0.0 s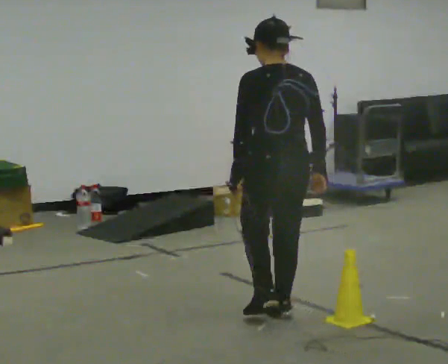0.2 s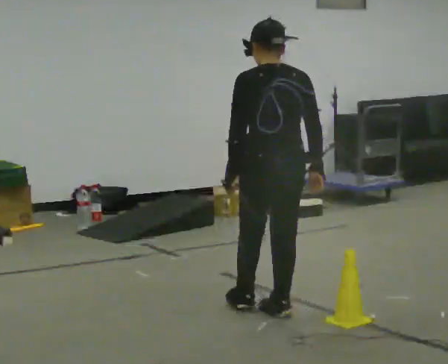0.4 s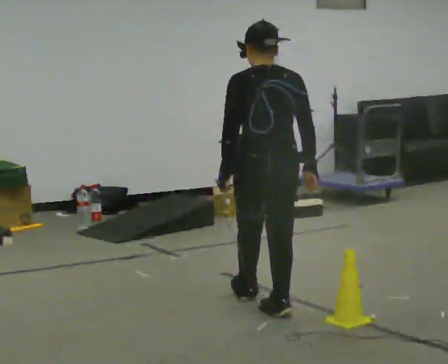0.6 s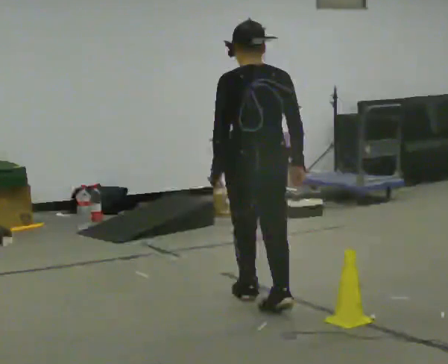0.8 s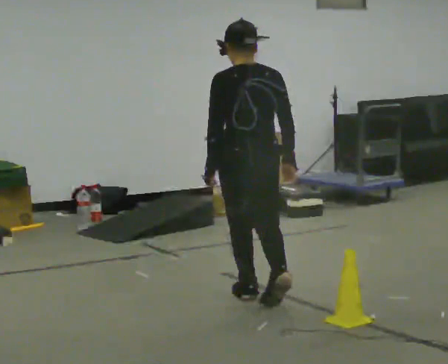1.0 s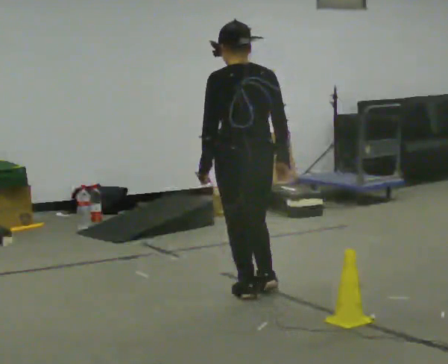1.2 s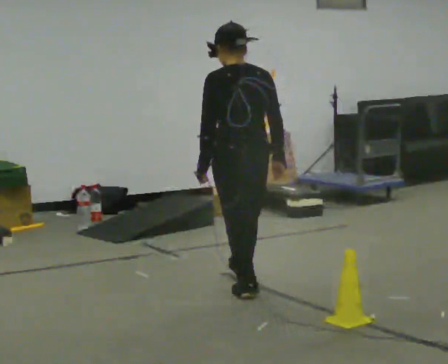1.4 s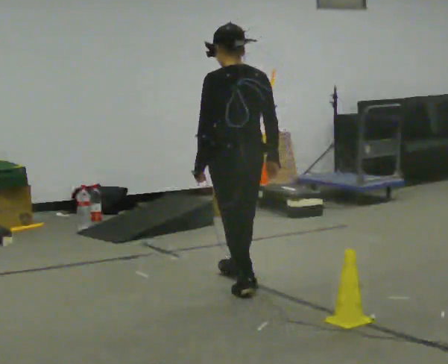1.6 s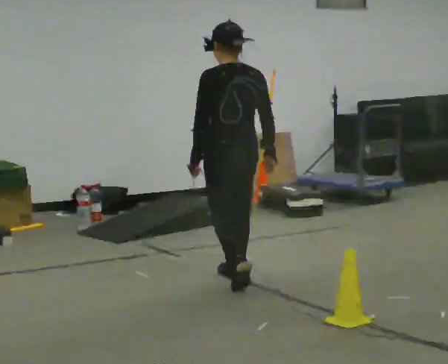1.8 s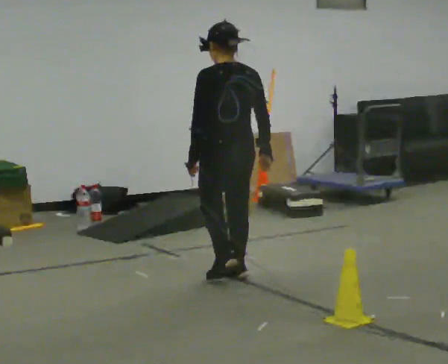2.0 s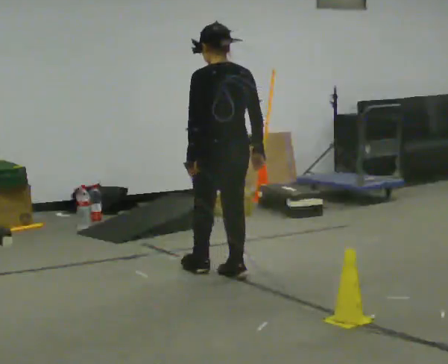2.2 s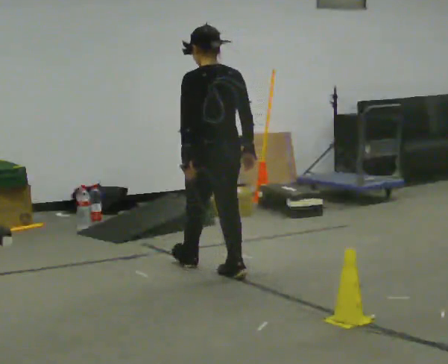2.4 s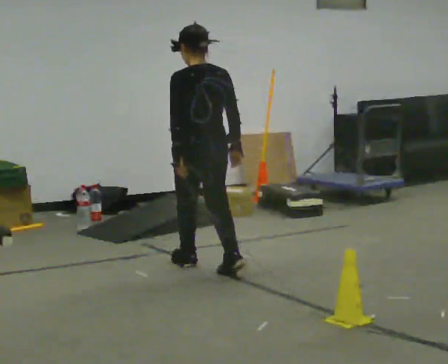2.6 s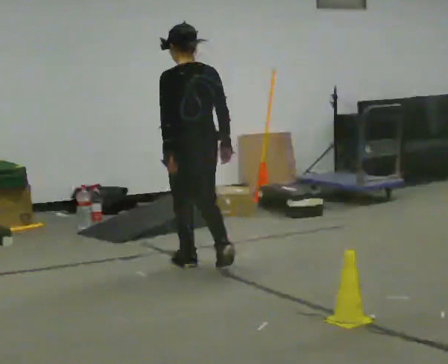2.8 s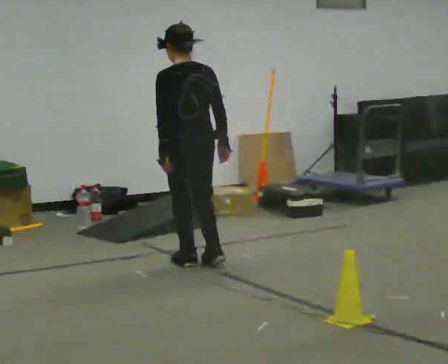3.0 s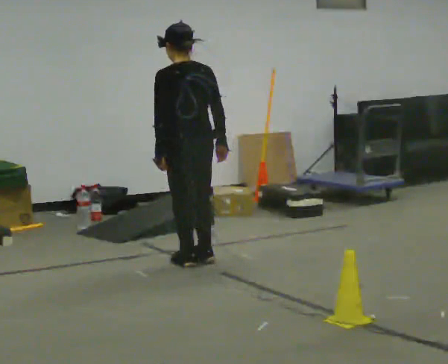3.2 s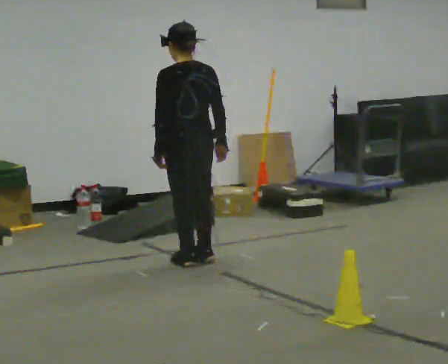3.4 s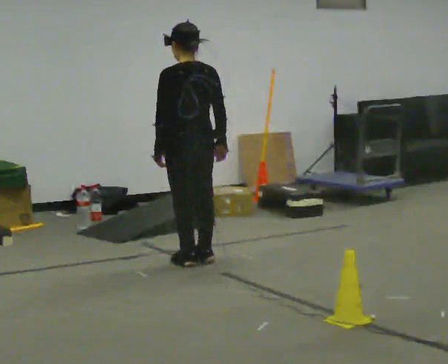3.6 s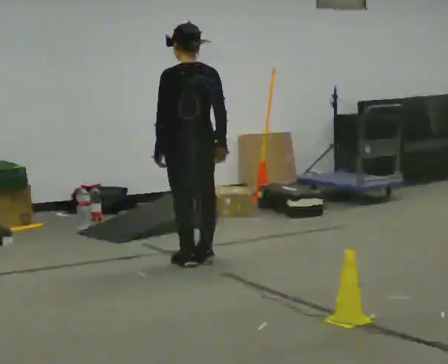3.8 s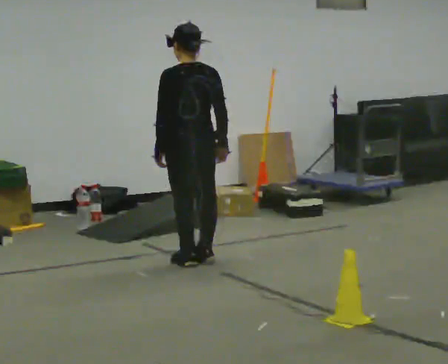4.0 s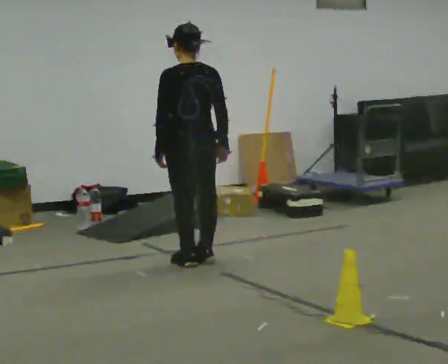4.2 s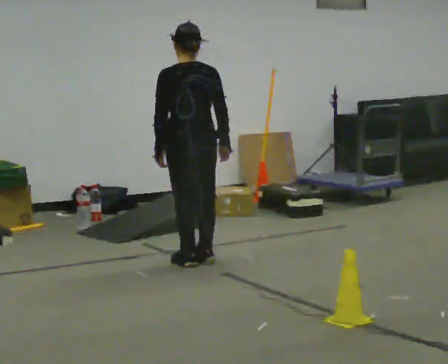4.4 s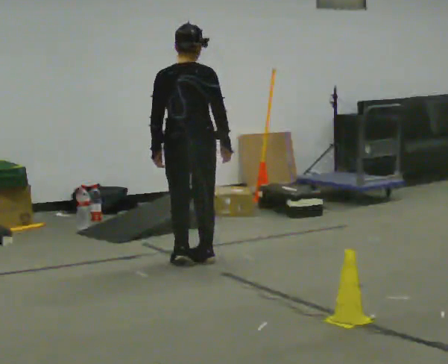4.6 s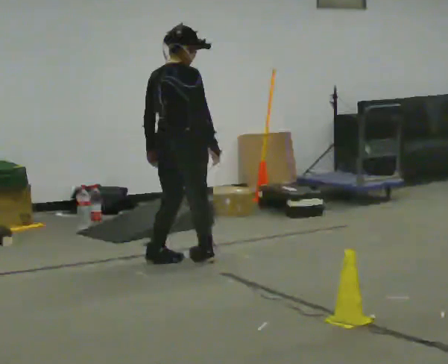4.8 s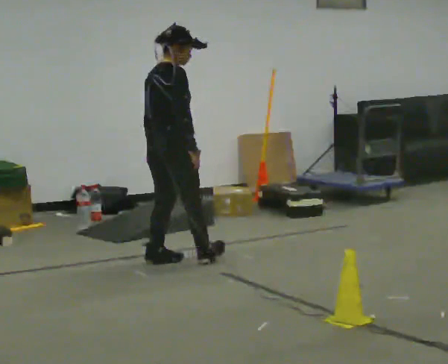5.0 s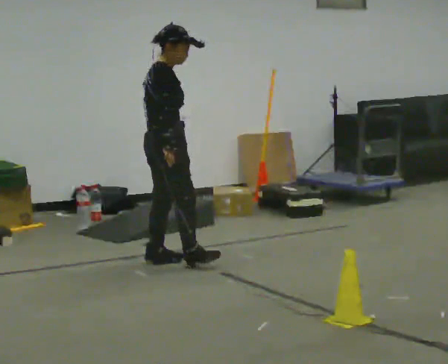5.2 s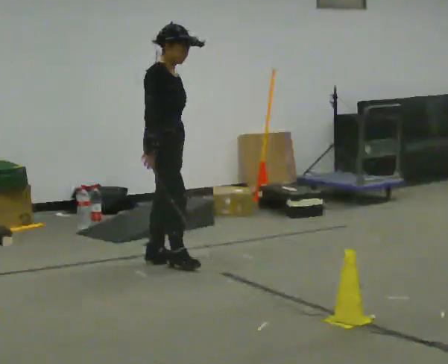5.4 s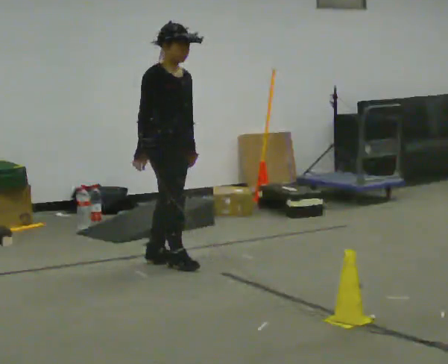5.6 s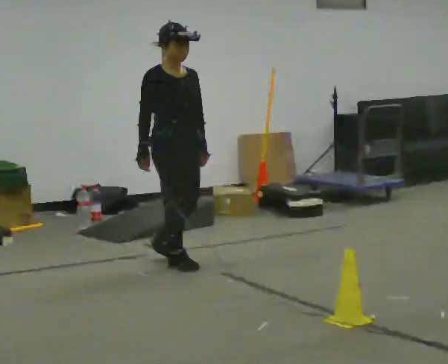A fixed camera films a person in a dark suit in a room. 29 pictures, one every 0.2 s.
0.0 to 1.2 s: In the picture they go away from the camera, about 0.5 m in 1 step, which for them is forward.
1.2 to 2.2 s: In the picture they go away from the camera, about 0.5 m in 2 steps, which for them is forward.
2.2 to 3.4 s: In the picture they go away from the camera and to the left, about 0.25 m in 1 step, which for them is forward.
3.4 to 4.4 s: The part of the body nearest the lens slides to the left as the person turns to their right by about 30 degrees.
4.4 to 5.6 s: Seen from above the body turns clockwise, about 135 degrees: to their right, with its near side sliding to the left. In the picture their right hand goes to the left, the arm swinging clockwise.
The film runs forward here.
